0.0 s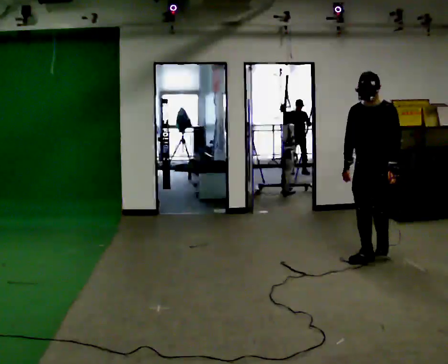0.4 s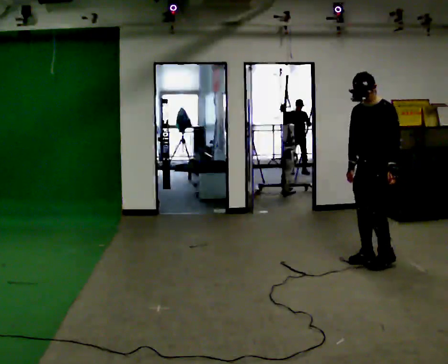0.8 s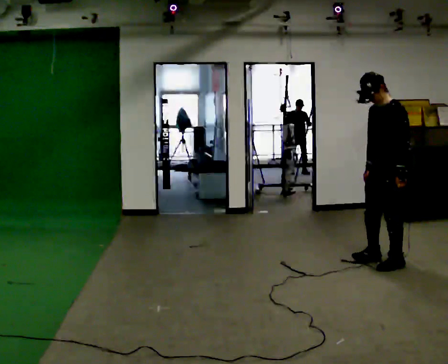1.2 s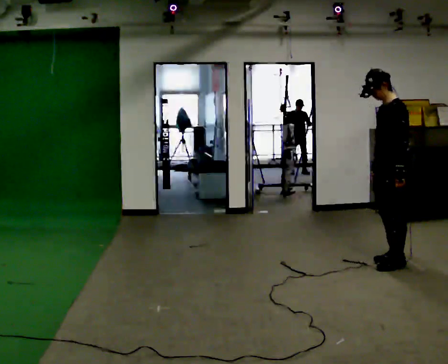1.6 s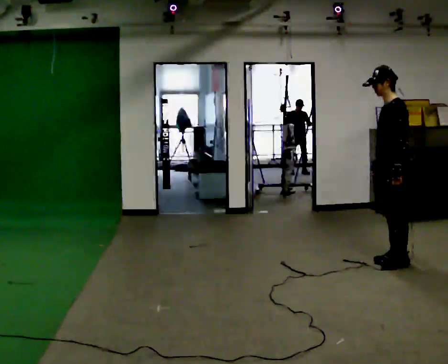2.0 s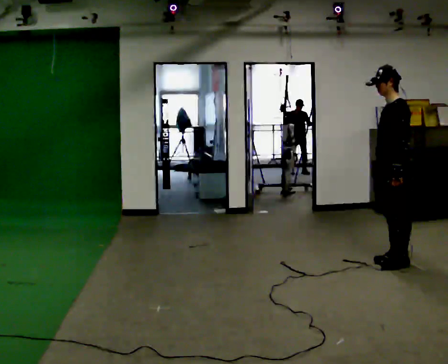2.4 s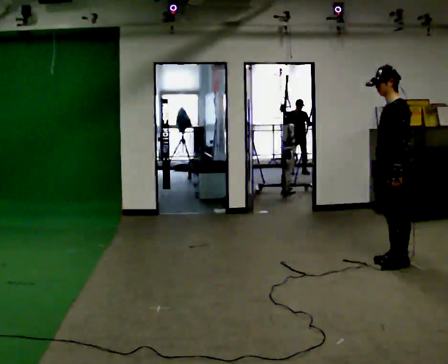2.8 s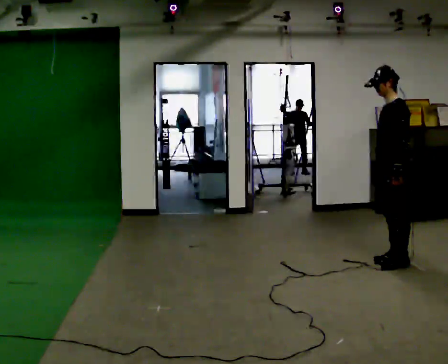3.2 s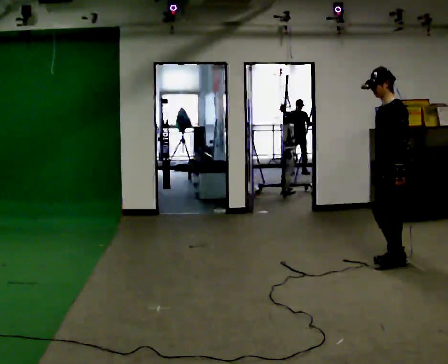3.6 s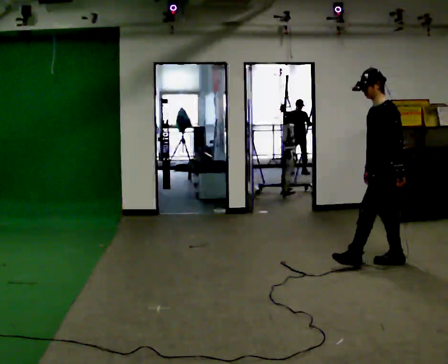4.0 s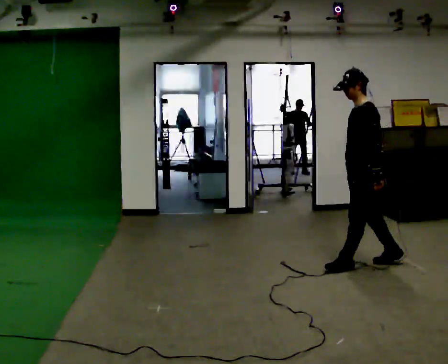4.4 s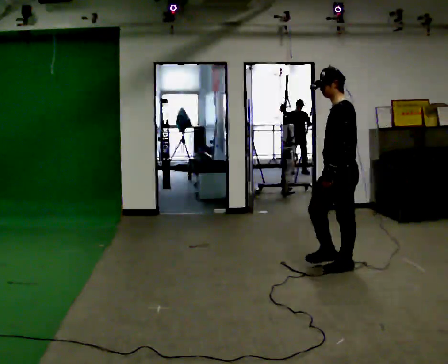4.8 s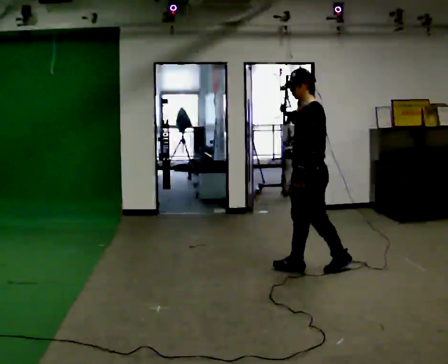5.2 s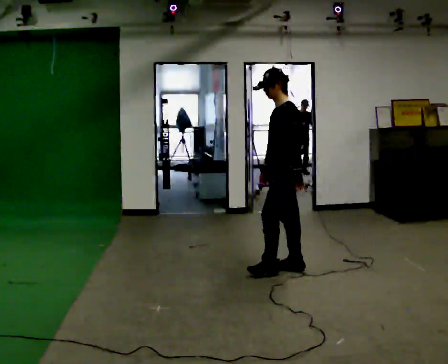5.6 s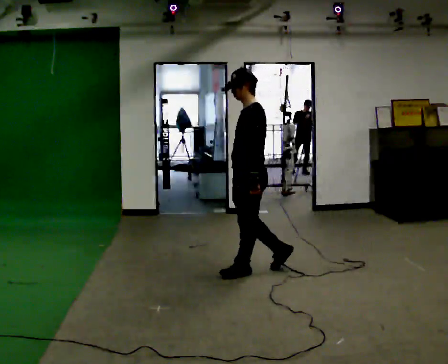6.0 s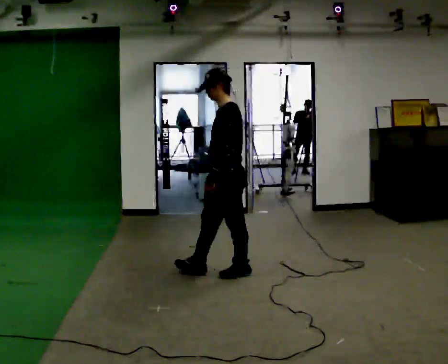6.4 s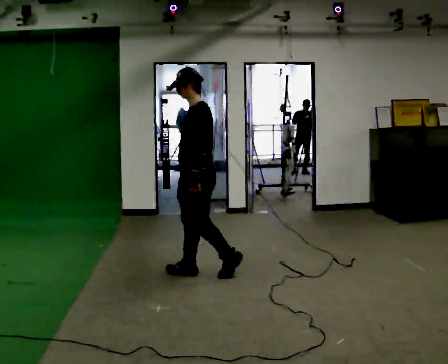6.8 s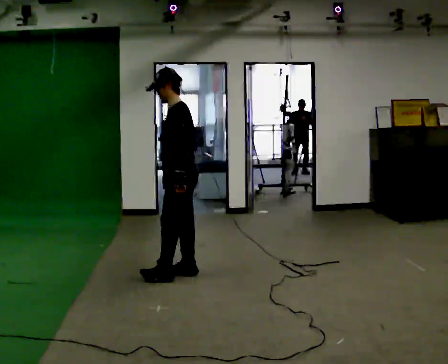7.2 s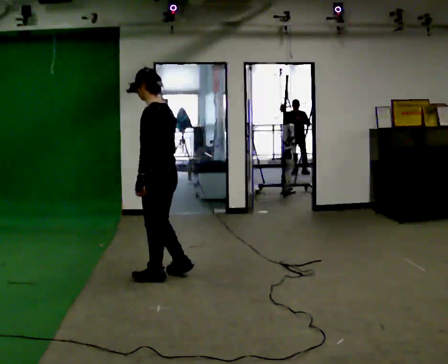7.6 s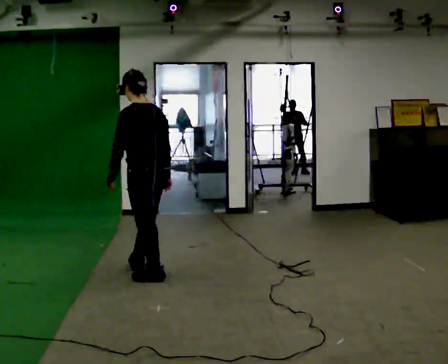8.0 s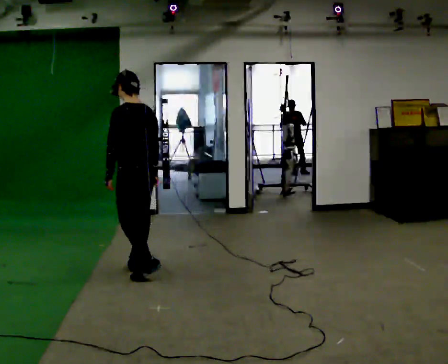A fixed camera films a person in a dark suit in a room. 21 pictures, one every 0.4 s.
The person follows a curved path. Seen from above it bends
clockwise.
The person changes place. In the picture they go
to the left.
0.0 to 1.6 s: The part of the body nearest the lens slides to the left as the person turns to their right by about 60 degrees. In the picture they go to the right and toward the camera, about 0.25 m in 2 steps, which for them is to their left.
1.6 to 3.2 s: The person moves a little, or ends about where they began.
3.2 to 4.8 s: In the picture they go to the left, about 0.5 m in 2 steps, which for them is forward.
4.8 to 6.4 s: In the picture they go to the left, about 1 m in 2 steps, which for them is forward.
6.4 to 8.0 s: The person turns about 60 degrees to their right, clockwise seen from above, so the part of the body nearest the lens slides to the left. In the picture they go to the left, about 0.5 m in 2 steps, which for them is forward.
The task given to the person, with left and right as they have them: Walk straight; at marker turn ~45° while continuing to walk; continue straight.
The film runs forward here.
